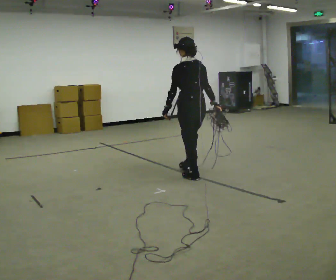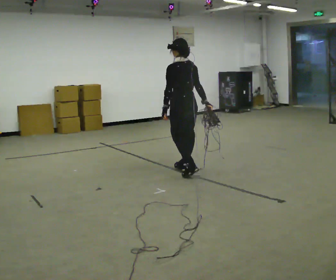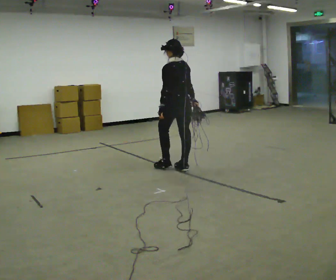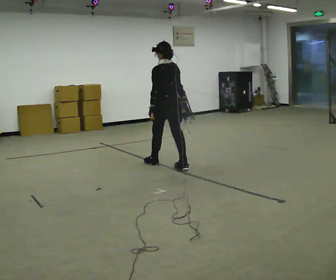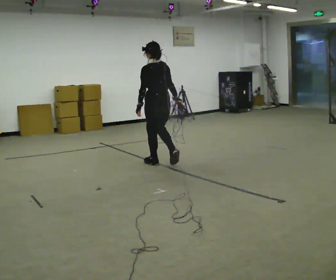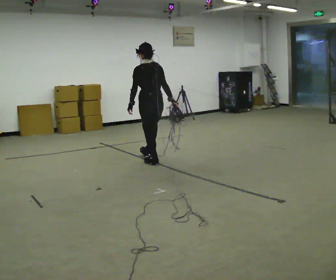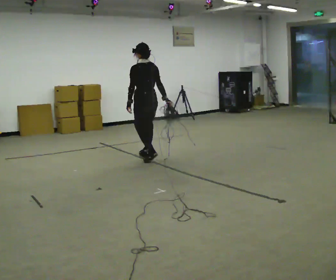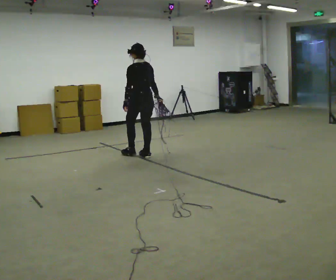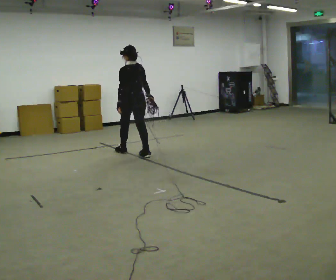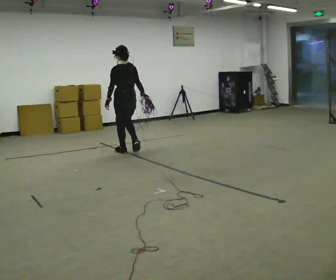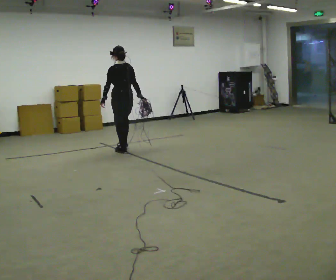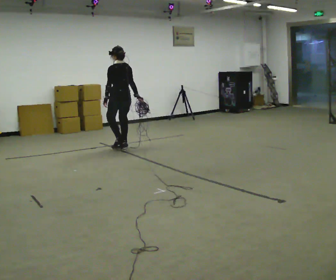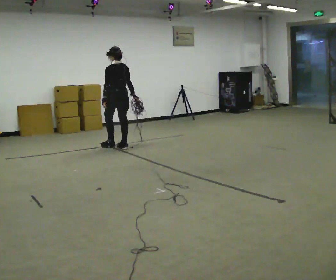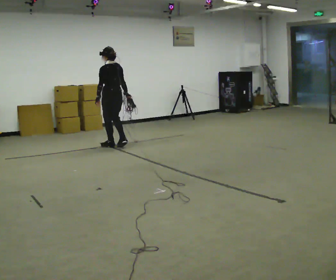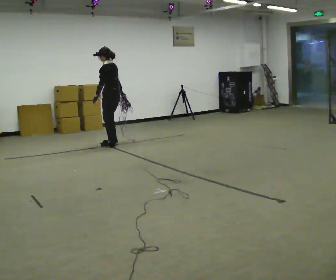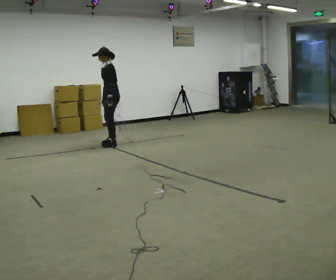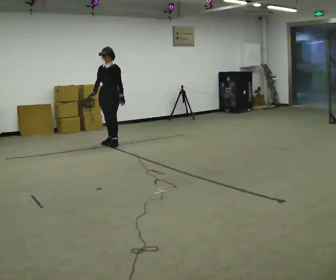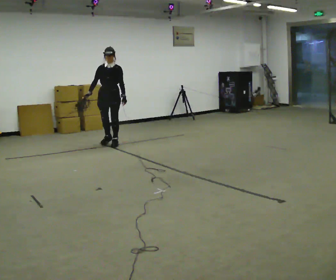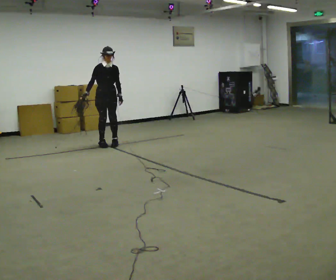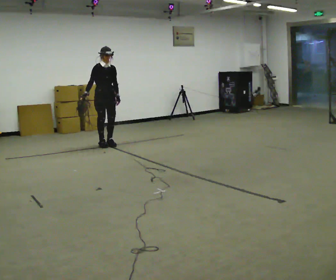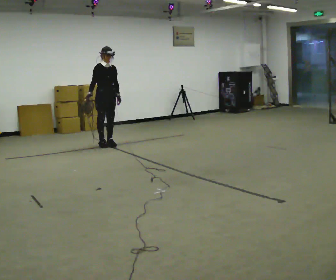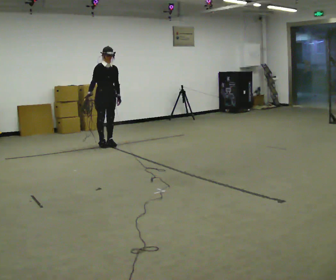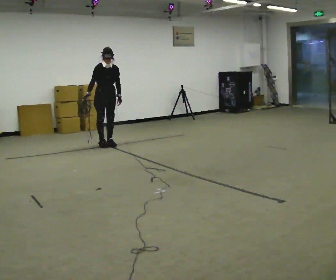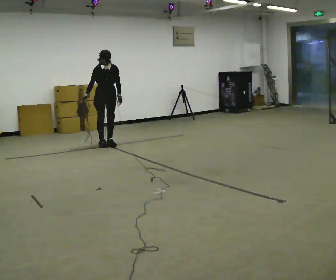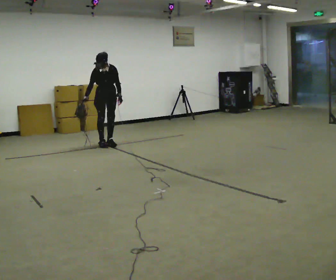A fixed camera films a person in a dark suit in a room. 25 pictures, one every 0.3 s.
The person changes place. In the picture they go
away from the camera.
0.0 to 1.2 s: In the picture they go away from the camera and to the left, about 0.5 m in 2 steps, which for them is forward.
1.2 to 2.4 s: In the picture they go away from the camera and to the left, about 0.5 m in 2 steps, which for them is forward.
2.4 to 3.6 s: In the picture they go away from the camera and to the left, about 0.5 m in 1 step, which for them is forward.
3.6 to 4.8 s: Seen from above the body turns counterclockwise, about 120 degrees: to their left, with its near side sliding to the right. In the picture they go away from the camera, about 0.25 m in 3 steps.
4.8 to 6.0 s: Seen from above the body turns counterclockwise, about 60 degrees: to their left, with its near side sliding to the right.
6.0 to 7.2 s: The upper body tips toward the camera, its near side rolling downward, as they bend forward.
The film runs forward here.
